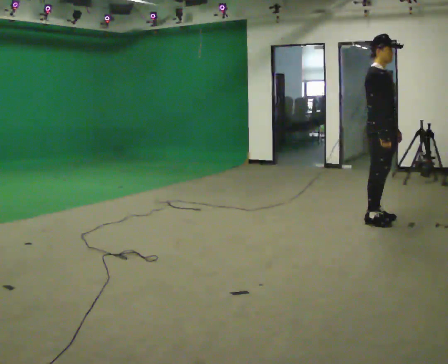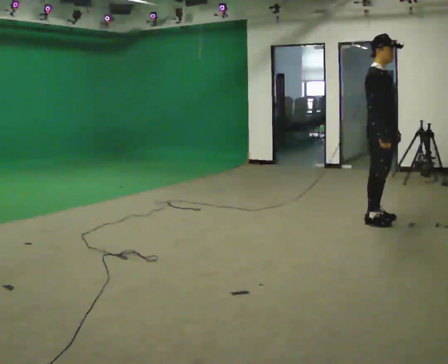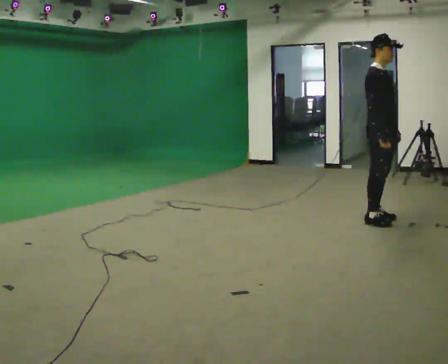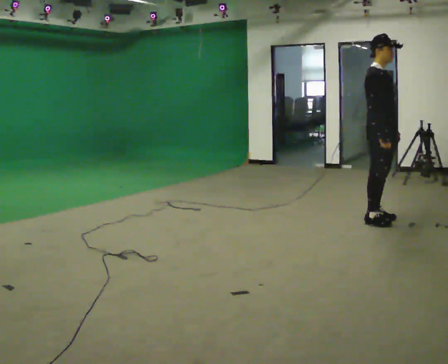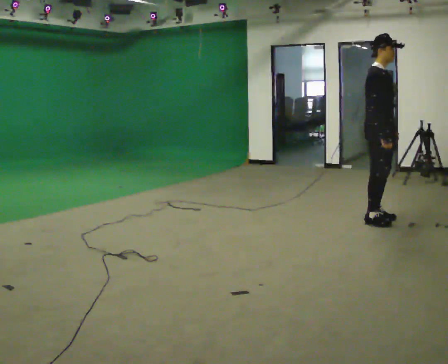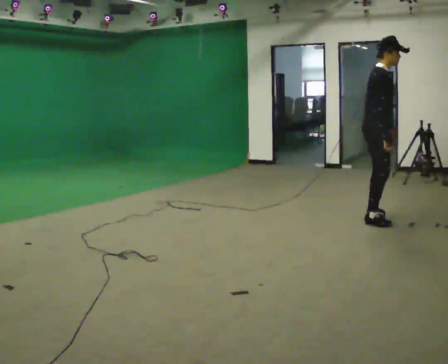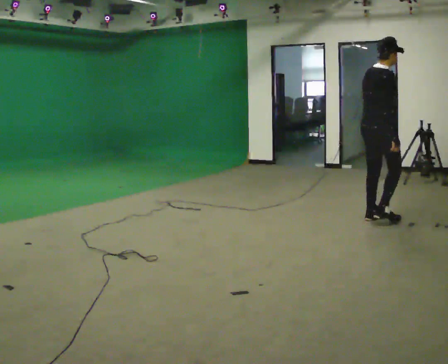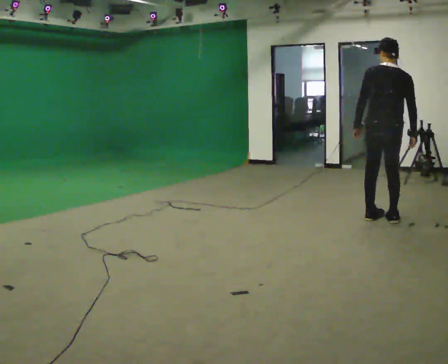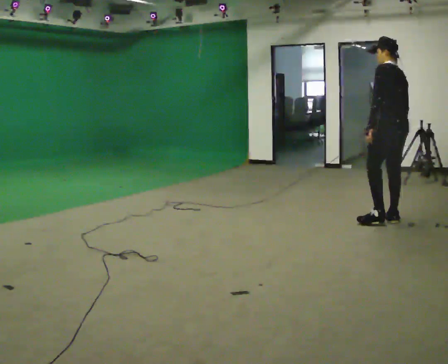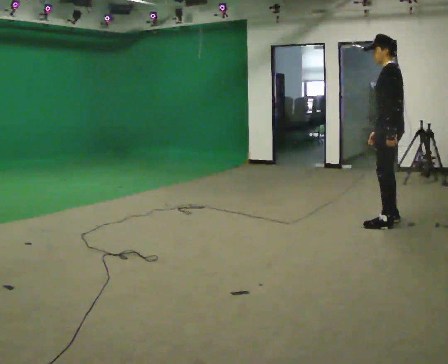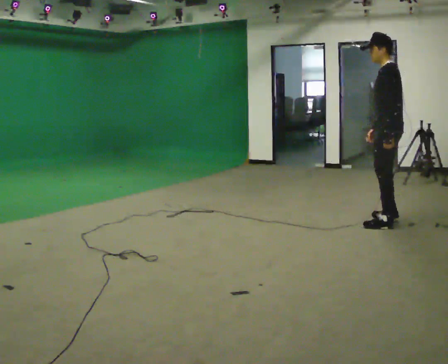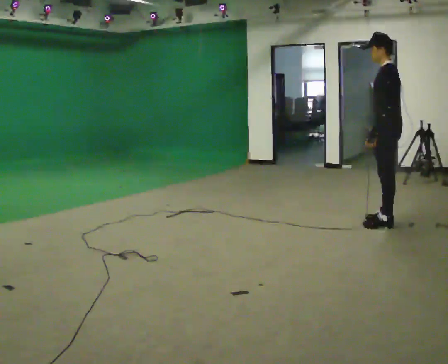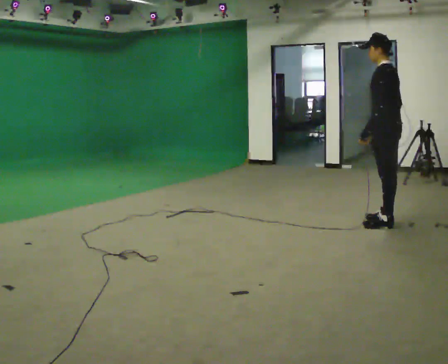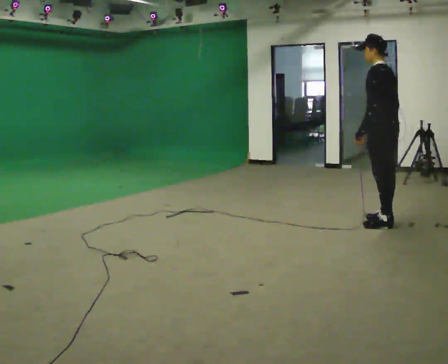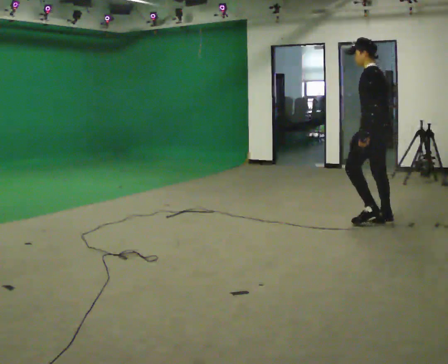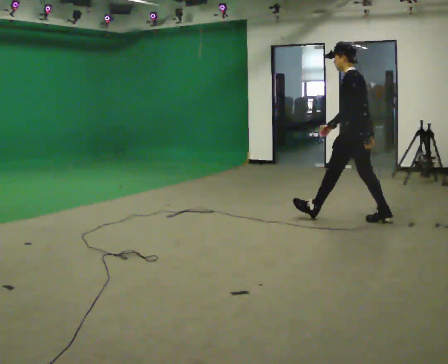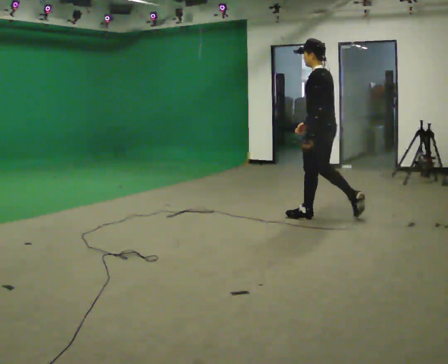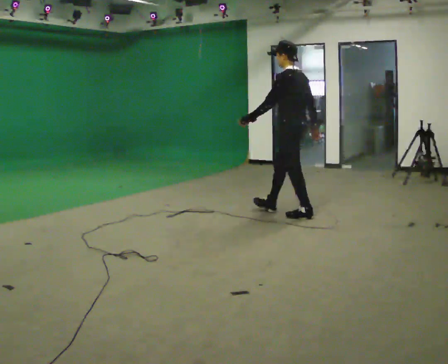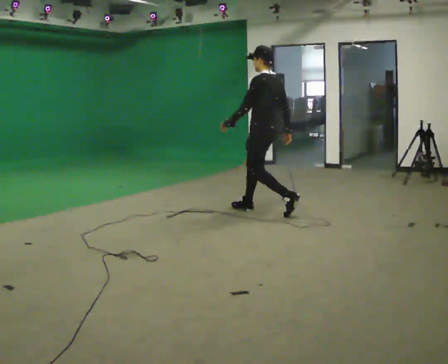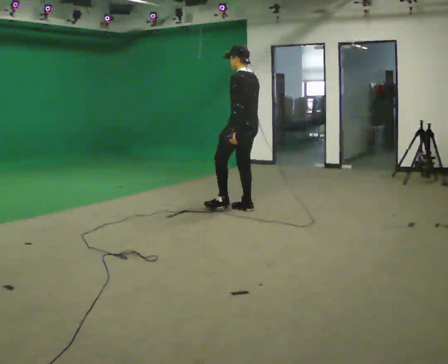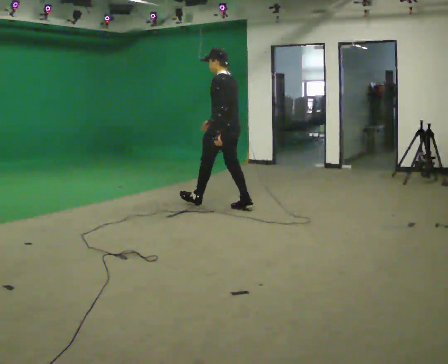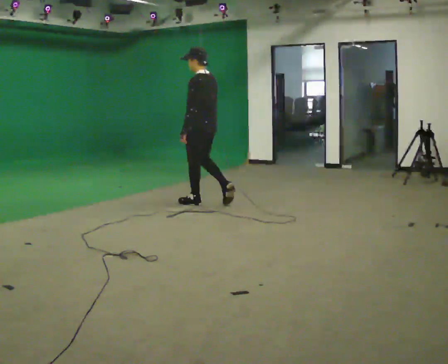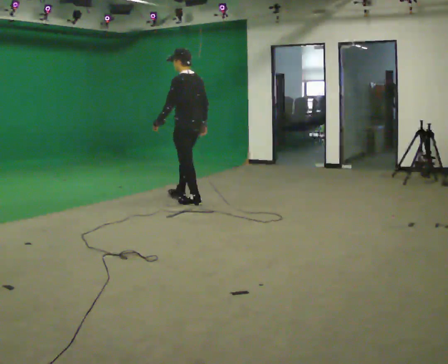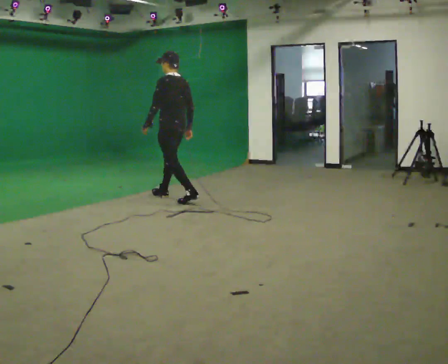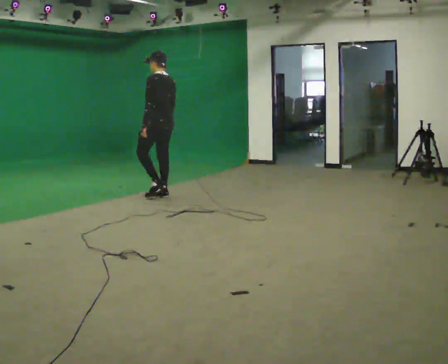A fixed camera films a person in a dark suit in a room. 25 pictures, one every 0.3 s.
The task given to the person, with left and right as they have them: Start at normal speed; gradually slow over several steps; stop gently.
0.0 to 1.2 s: The person keeps their place and pose.
1.2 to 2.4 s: Seen from above the body turns counterclockwise, about 165 degrees: to their left, with its near side sliding to the right. In the picture they go to the right, about 0.25 m in 1 step.
2.4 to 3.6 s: The person moves a little, or ends about where they began.
3.6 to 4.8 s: In the picture they go to the left, about 0.75 m in 1 step, which for them is forward.
4.8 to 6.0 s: In the picture they go to the left, about 1 m in 2 steps, which for them is forward.
6.0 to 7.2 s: In the picture they go to the left, about 1 m in 1 step, which for them is forward.
The film runs forward here.
